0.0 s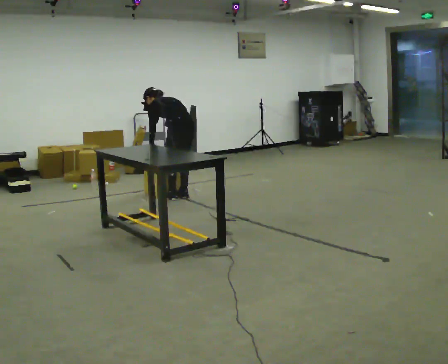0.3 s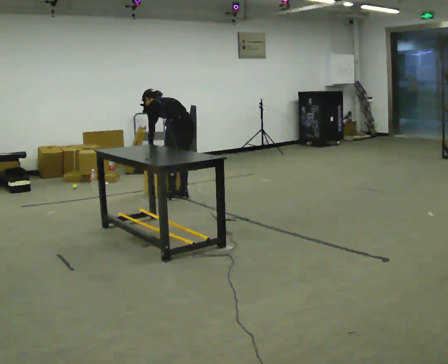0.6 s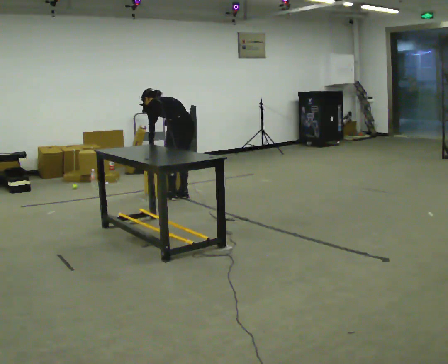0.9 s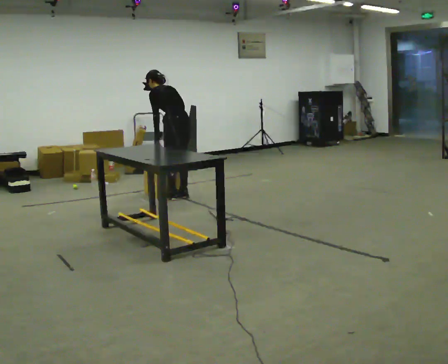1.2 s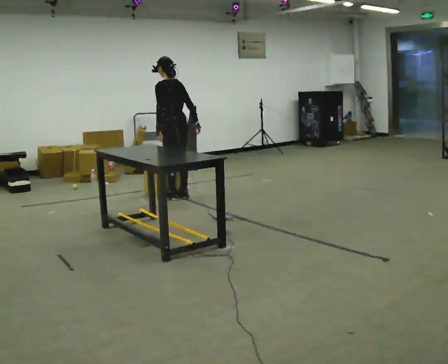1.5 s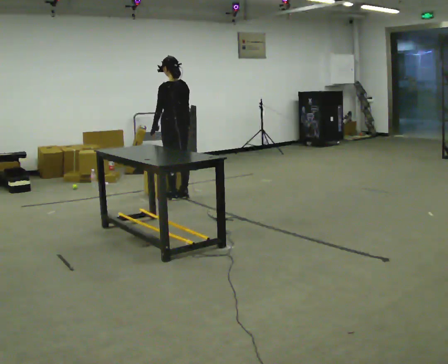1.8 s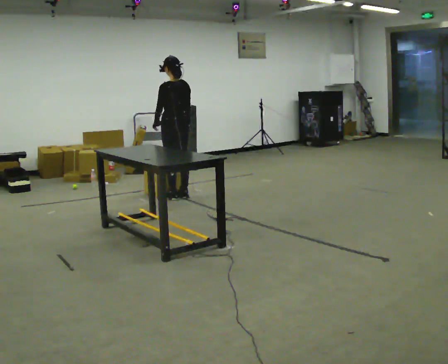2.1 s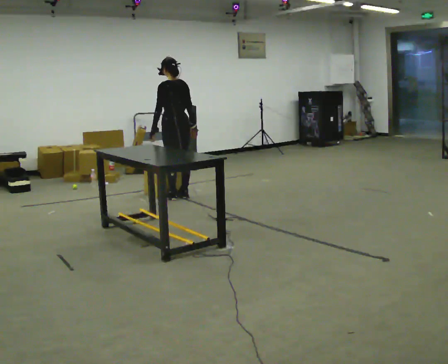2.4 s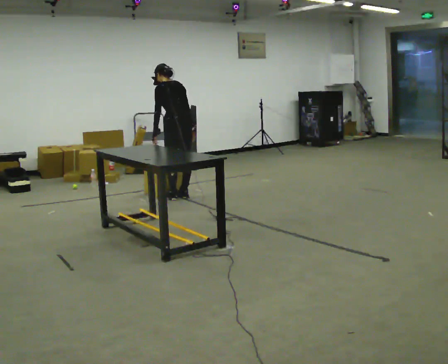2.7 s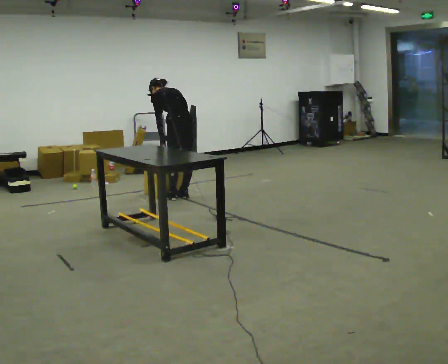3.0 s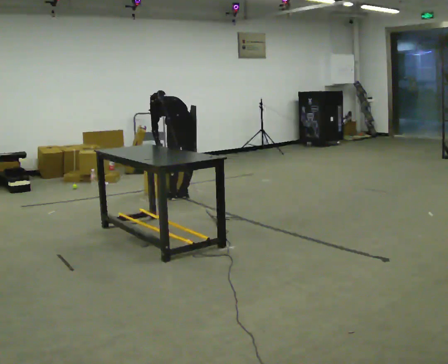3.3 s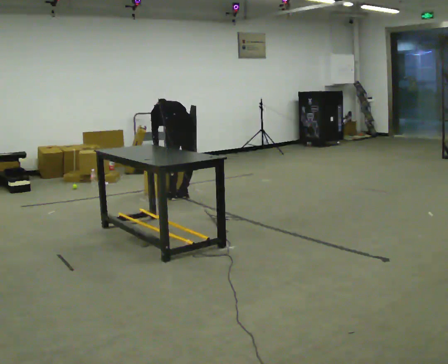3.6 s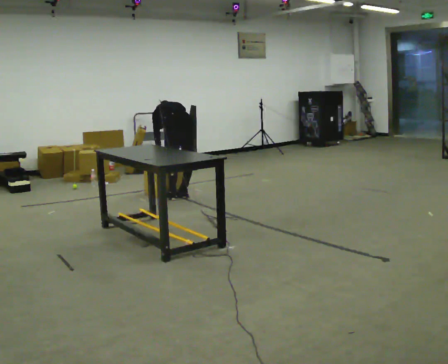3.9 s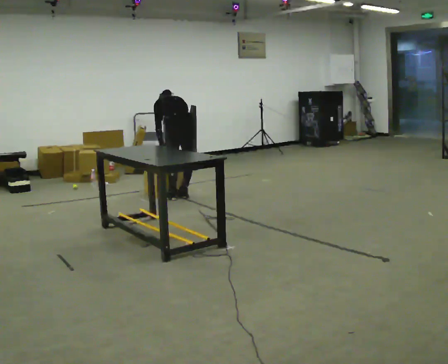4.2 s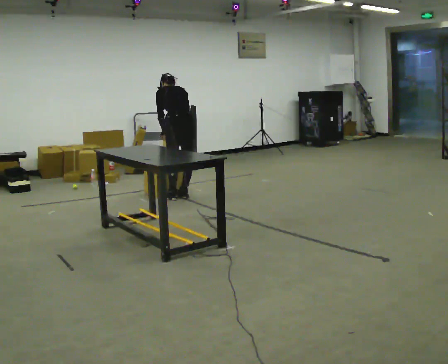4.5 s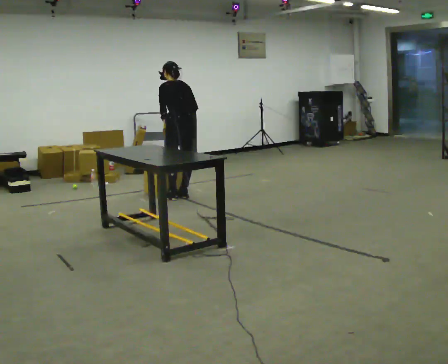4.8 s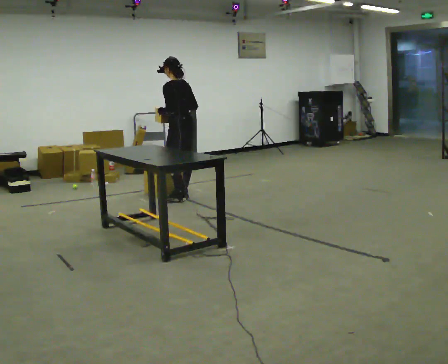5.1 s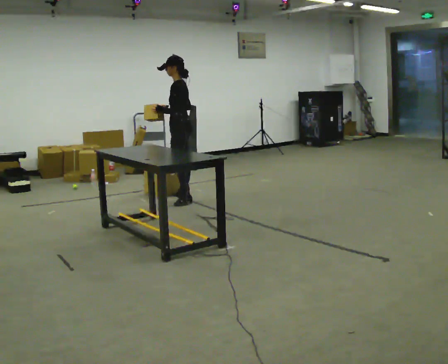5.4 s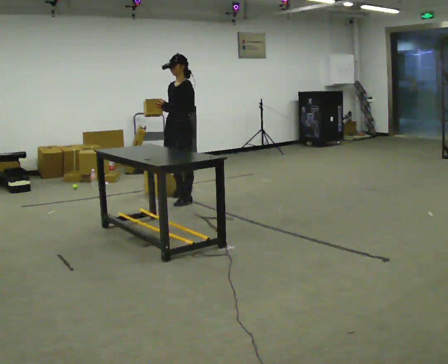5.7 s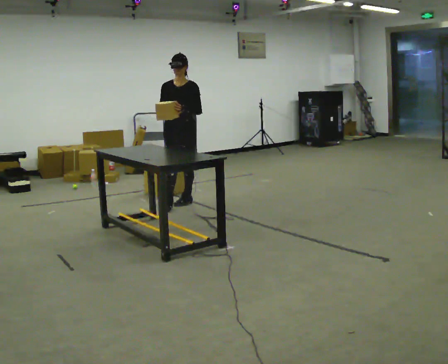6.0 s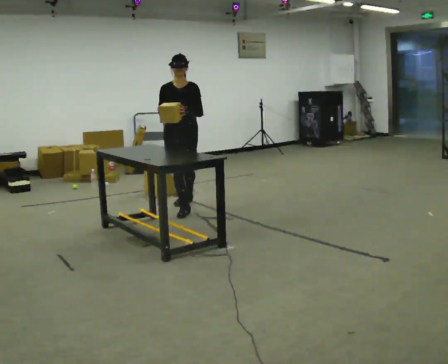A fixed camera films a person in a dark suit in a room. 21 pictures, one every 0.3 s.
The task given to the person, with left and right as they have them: Take objects out of the bin one at a time and lay them out on the table, stepping between the bin and the table each time. Keep going until the operator says stop; one object at a time, and do not rush between trips.
0.0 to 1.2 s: The shoulders move upward. The upper body tips toward the camera, its near side rolling downward, as they lean back or straighten.
1.2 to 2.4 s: The person moves a little, or ends about where they began.
2.4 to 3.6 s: The shoulders move downward. The upper body tips away from the camera, its near side rolling upward, as they bend forward.
3.6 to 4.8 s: The part of the body nearest the lens slides to the right as the person turns to their left by about 45 degrees. The upper body goes upward. The upper body tips toward the camera, its near side rolling downward, as they lean back or straighten. In the picture their right hand goes upward.
4.8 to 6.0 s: The person turns about 120 degrees to their left, counterclockwise seen from above, so the part of the body nearest the lens slides to the right. In the picture they go toward the camera, about 0.5 m in 2 steps.
The film runs forward here.
